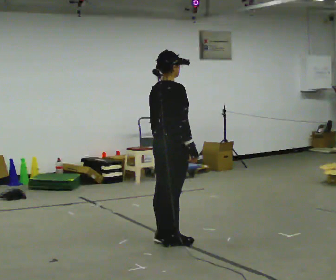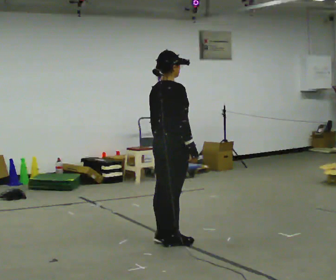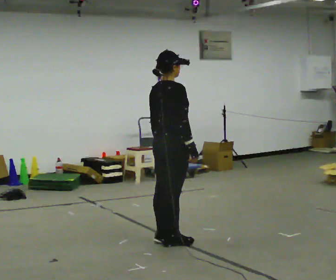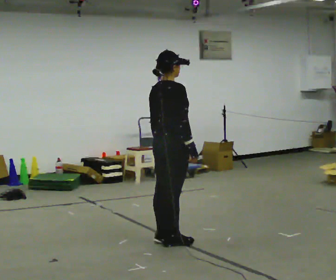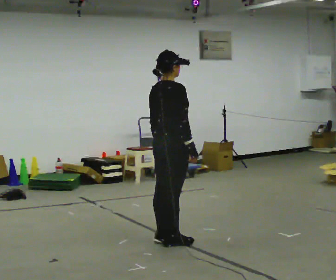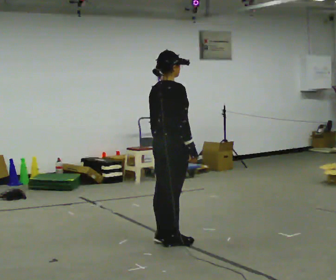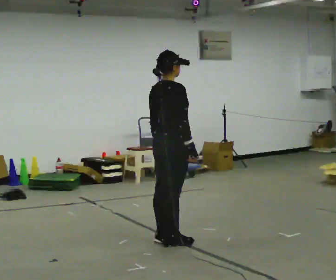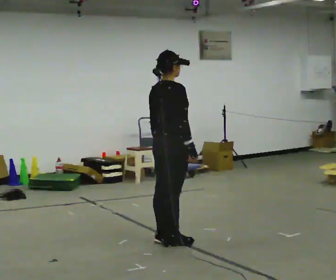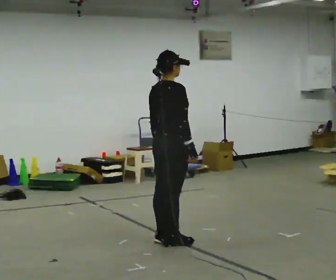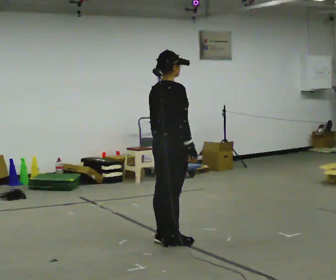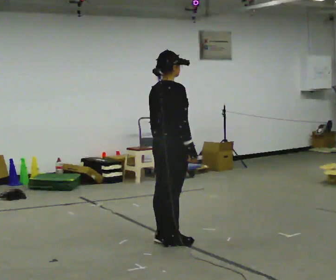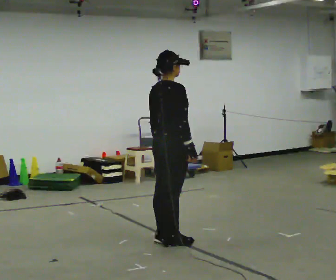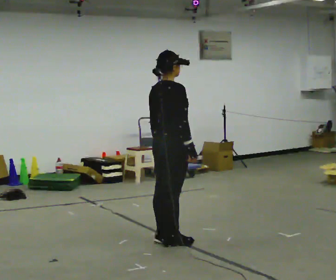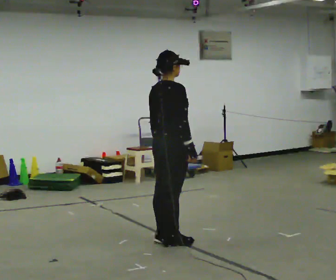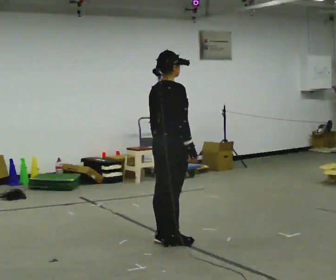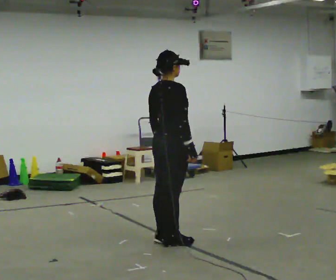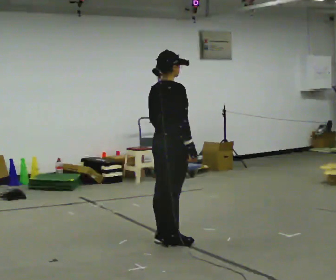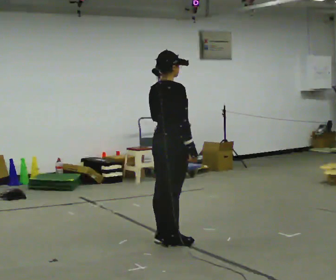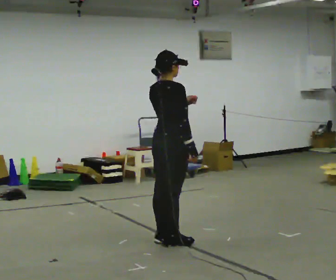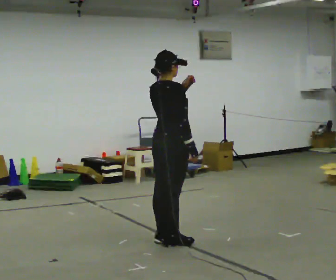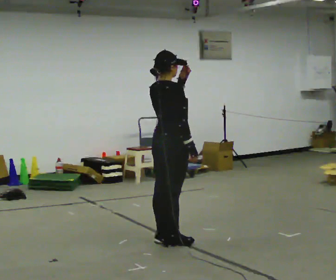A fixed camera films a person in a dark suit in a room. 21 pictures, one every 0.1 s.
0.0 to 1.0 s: The person keeps their place and pose.
1.0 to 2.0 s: In the picture their left hand goes upward.
The film runs forward here.
